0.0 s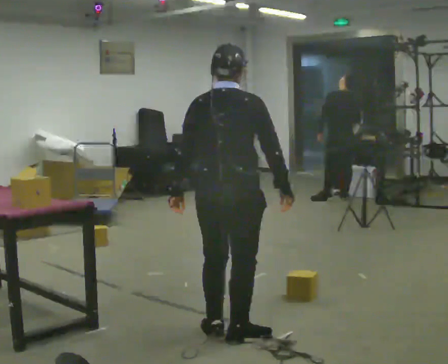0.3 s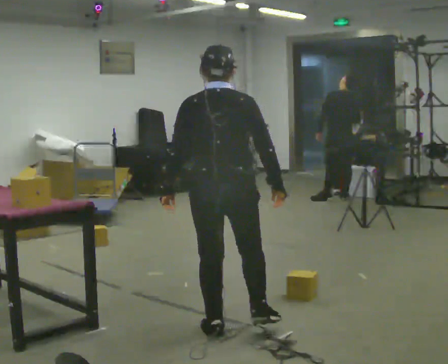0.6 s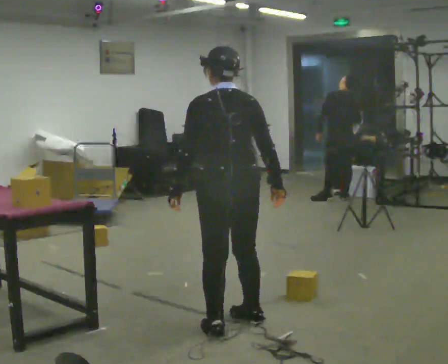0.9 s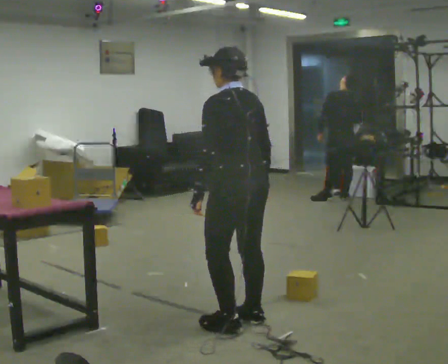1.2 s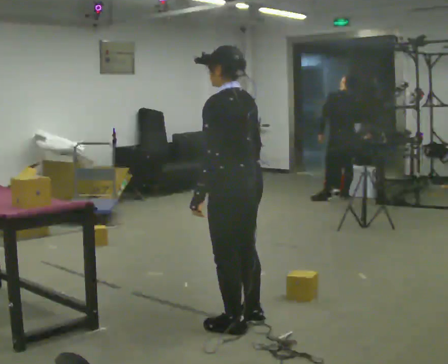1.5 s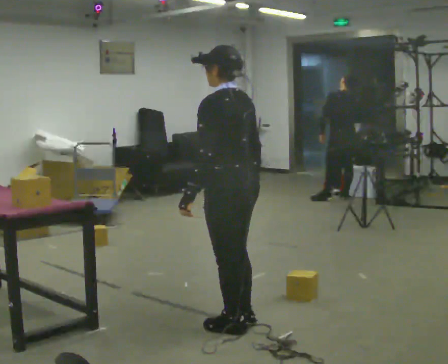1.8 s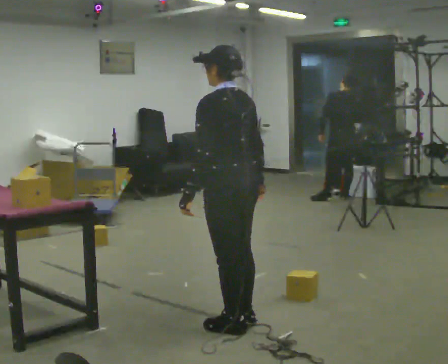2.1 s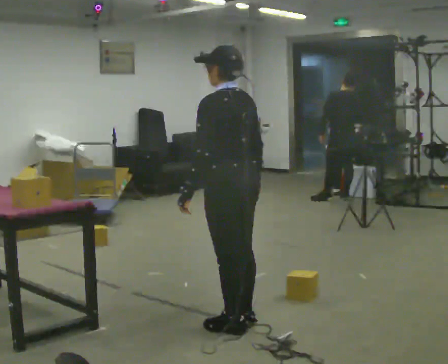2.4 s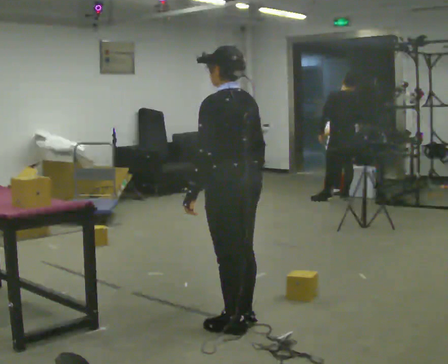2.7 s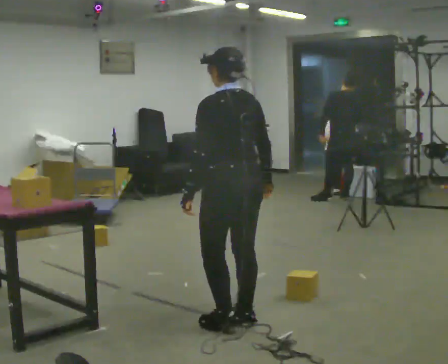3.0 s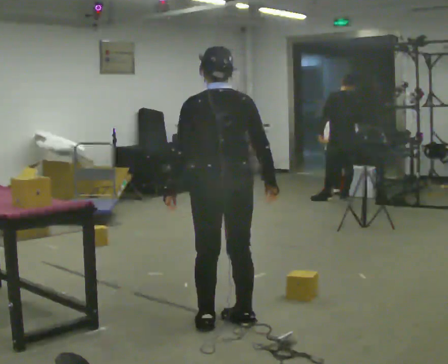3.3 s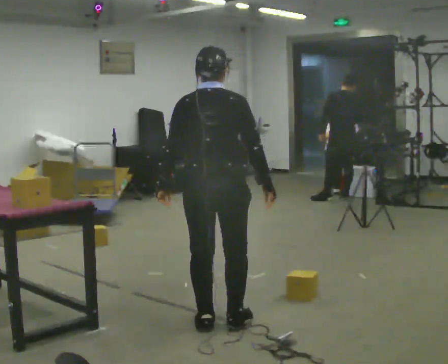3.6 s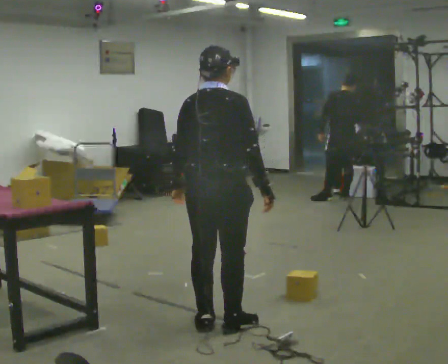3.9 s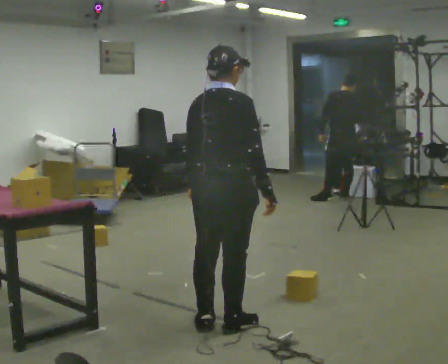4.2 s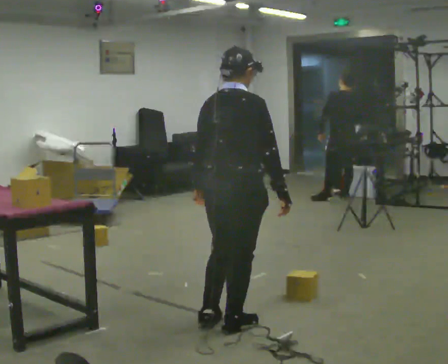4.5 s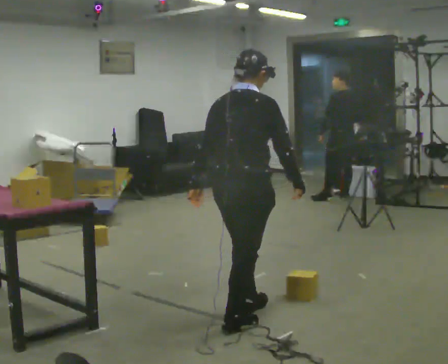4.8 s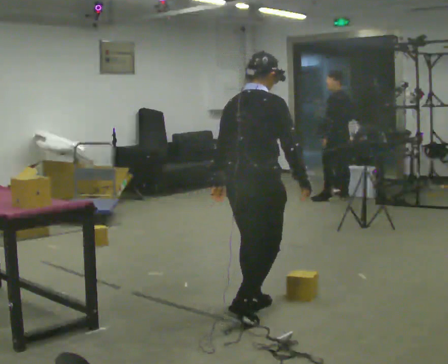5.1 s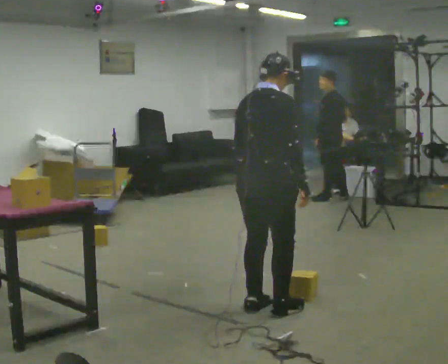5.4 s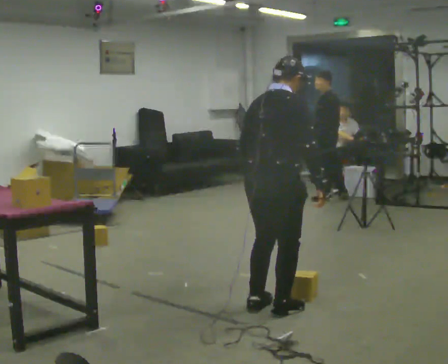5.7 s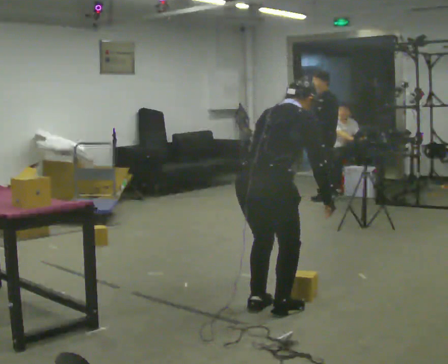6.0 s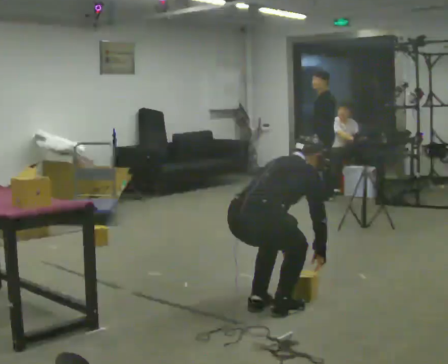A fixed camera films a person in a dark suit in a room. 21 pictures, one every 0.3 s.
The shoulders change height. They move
downward.
The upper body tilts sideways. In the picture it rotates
clockwise.
0.0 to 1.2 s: The part of the body nearest the lens slides to the right as the person turns to their left by about 75 degrees.
1.2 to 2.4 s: The person moves a little, or ends about where they began.
2.4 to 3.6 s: The part of the body nearest the lens slides to the left as the person turns to their right by about 75 degrees.
3.6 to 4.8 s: In the picture they go to the right, about 0.25 m in 1 step, which for them is forward.
4.8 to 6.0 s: The shoulders move downward. In the picture the upper body tilts clockwise, shoulders to the right, as they bend forward. In the picture their left hand goes to the right and downward.
The film runs forward here.
